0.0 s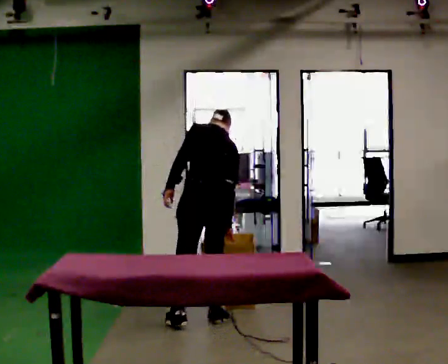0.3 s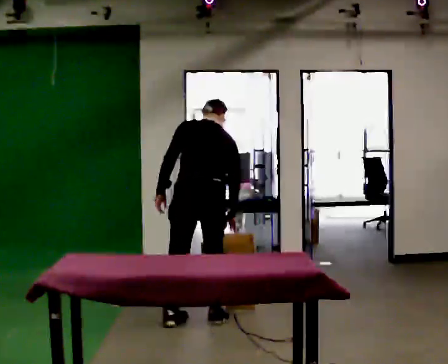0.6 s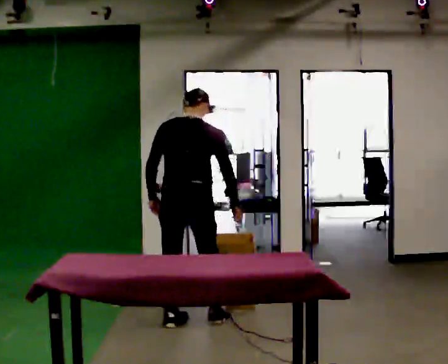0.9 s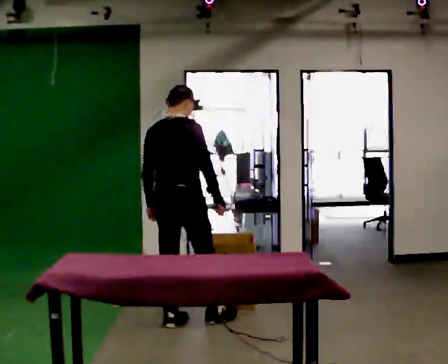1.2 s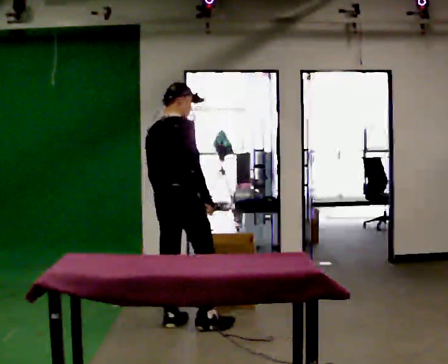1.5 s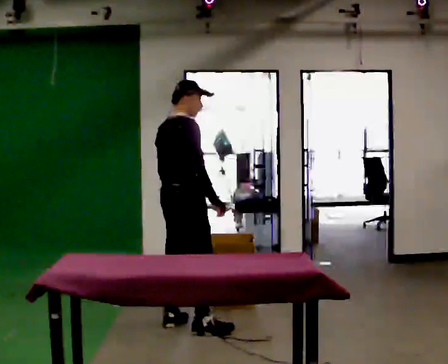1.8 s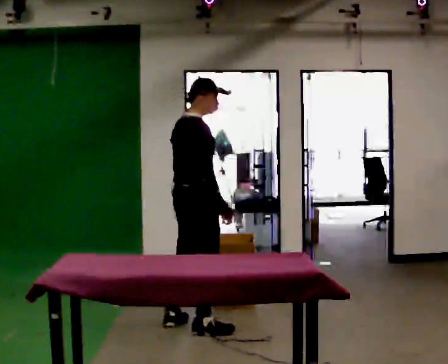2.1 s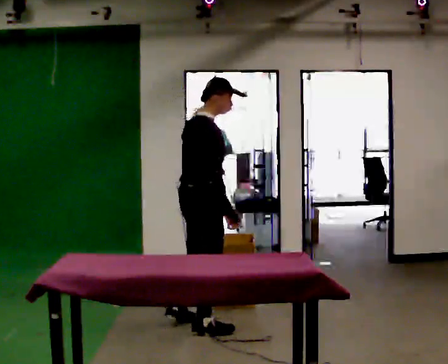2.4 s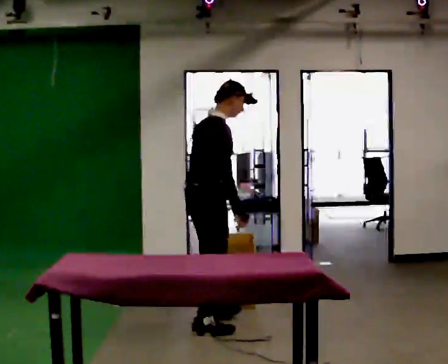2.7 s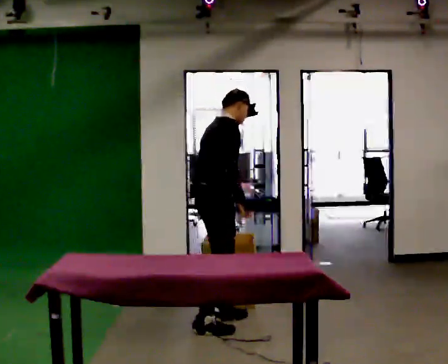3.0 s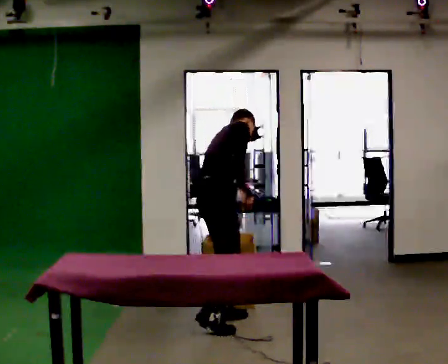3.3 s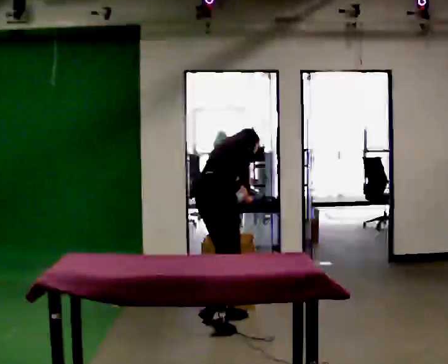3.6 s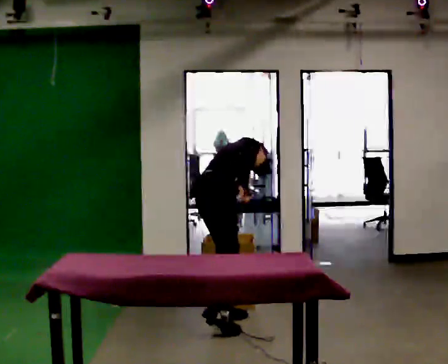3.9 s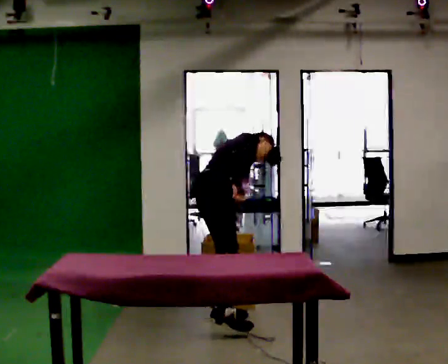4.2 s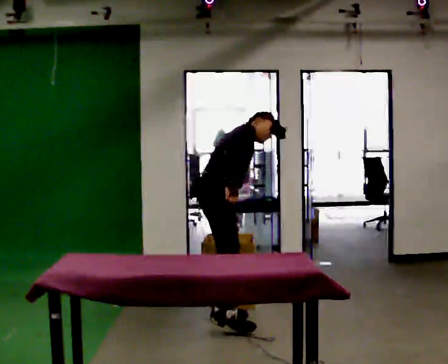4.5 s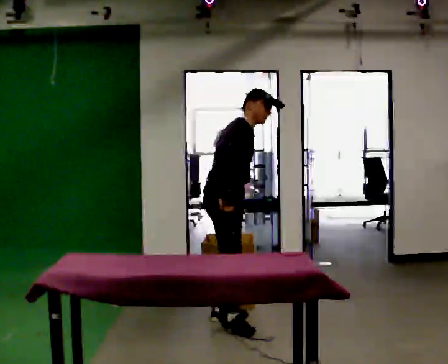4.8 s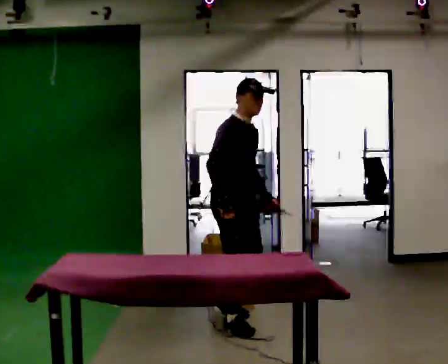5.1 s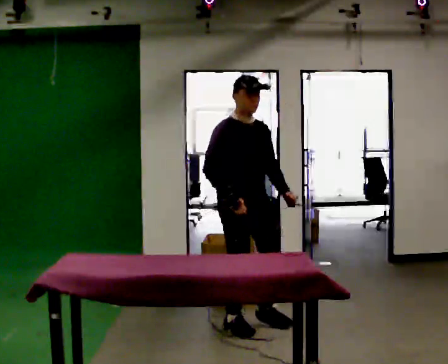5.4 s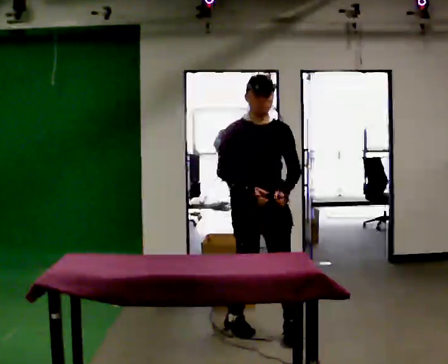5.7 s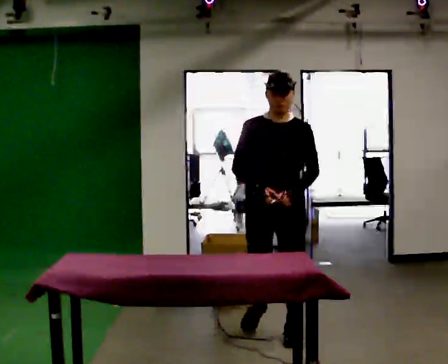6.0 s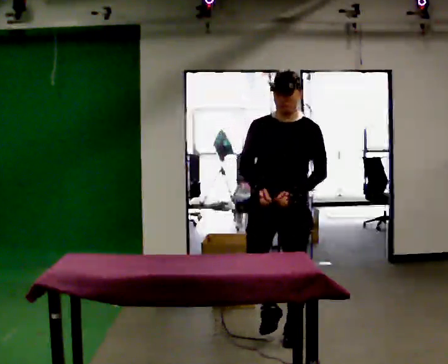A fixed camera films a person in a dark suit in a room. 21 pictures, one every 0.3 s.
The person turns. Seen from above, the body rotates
clockwise.
The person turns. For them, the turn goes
to their right.
0.0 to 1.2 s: The part of the body nearest the lens slides to the left as the person turns to their right by about 75 degrees. In the picture they go to the left, about 0.25 m in 1 step. The upper body tips toward the camera, its near side rolling downward, as they lean back or straighten.
1.2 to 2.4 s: Seen from above the body turns clockwise, about 30 degrees: to their right, with its near side sliding to the left. In the picture they go to the right, about 0.25 m in 1 step, which for them is to their right and forward. In the picture the upper body tilts clockwise, shoulders to the right. In the picture their left hand goes to the right.
2.4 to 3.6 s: In the picture they go away from the camera, about 0.25 m in 1 step, which for them is to their left. The shoulders move downward. The upper body tips away from the camera, its near side rolling upward, as they bend forward.
3.6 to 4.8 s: Seen from above the body turns clockwise, about 60 degrees: to their right, with its near side sliding to the left. The upper body goes upward. The upper body tips toward the camera, its near side rolling downward, as they lean back or straighten. In the picture their left hand goes to the right and upward.
4.8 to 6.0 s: The part of the body nearest the lens slides to the left as the person turns to their right by about 75 degrees. In the picture they go toward the camera and to the right, about 0.5 m in 1 step.
The film runs forward here.
